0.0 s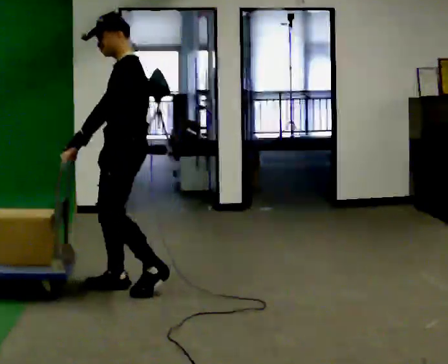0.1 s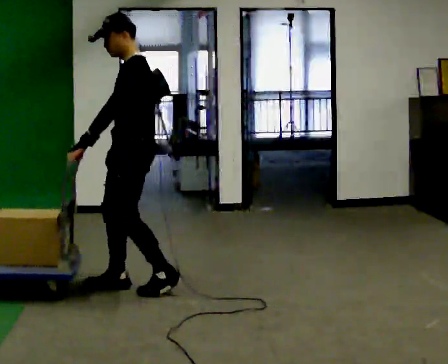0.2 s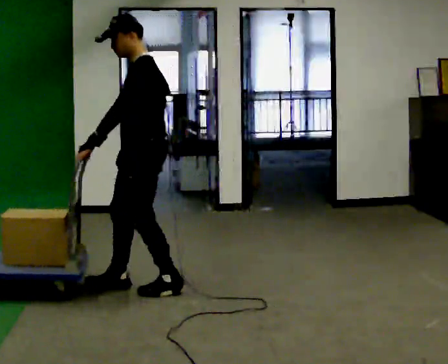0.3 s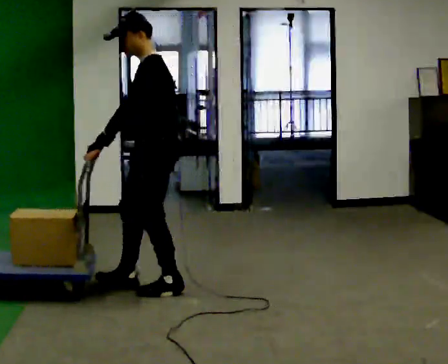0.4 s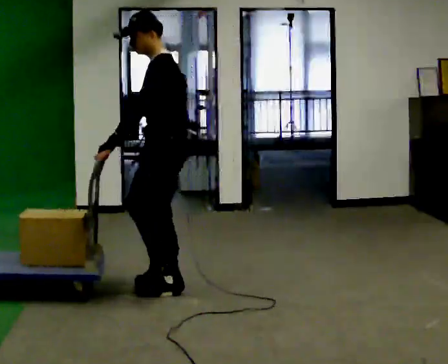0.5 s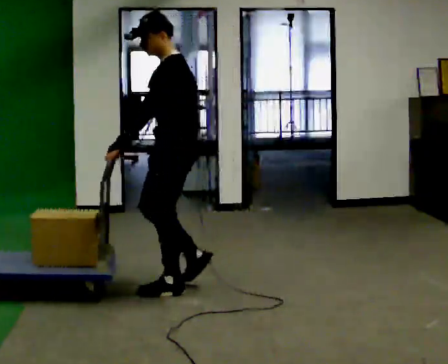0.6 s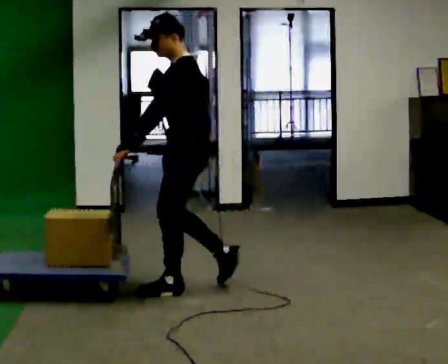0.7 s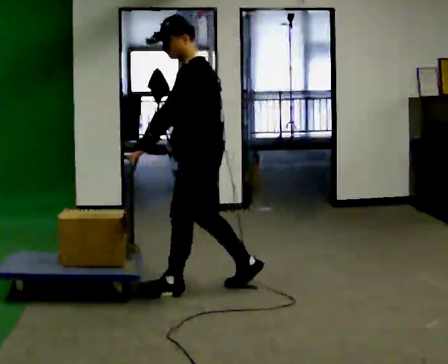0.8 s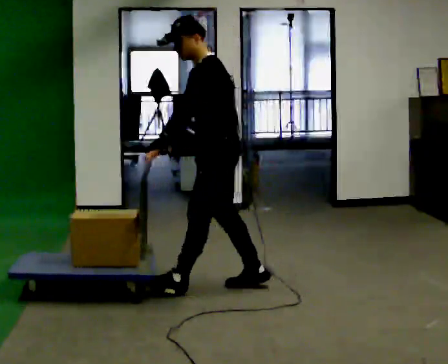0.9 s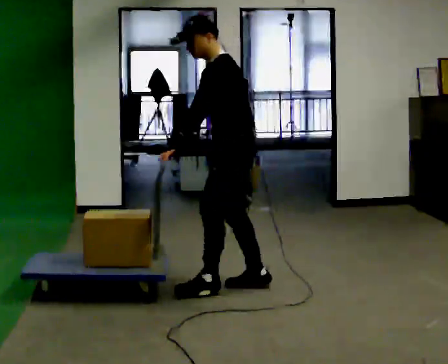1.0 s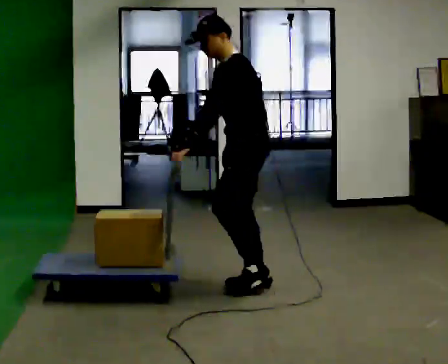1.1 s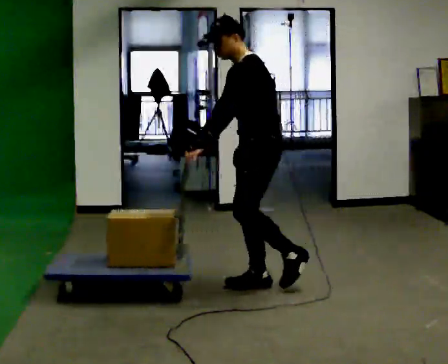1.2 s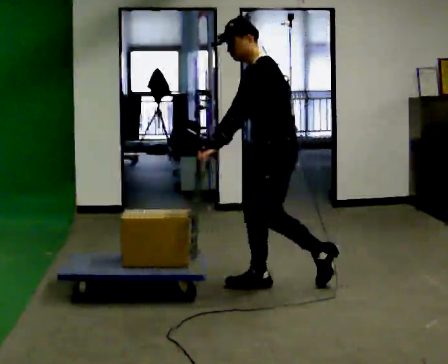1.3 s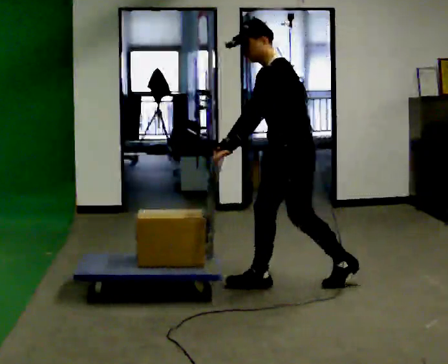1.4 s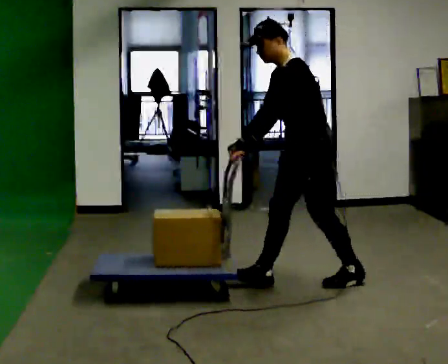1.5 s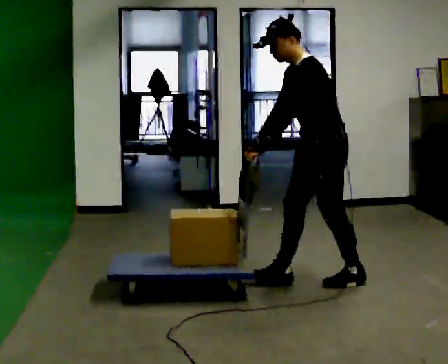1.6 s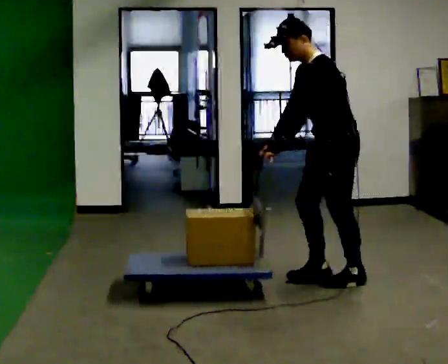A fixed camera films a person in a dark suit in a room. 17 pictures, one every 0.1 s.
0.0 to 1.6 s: In the picture they go to the right, about 1.5 m in 3 steps, which for them is backward. In the picture the upper body tilts counterclockwise, shoulders to the left, as they bend forward.
The film runs backward here.
